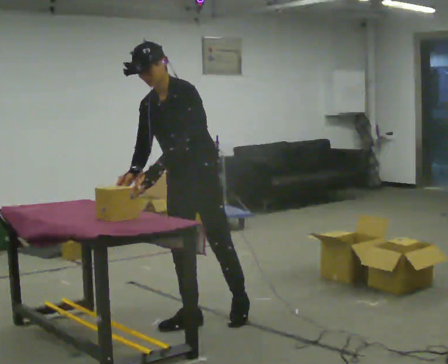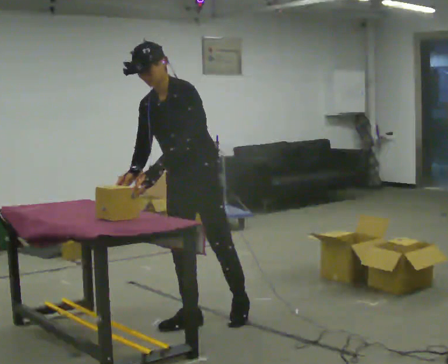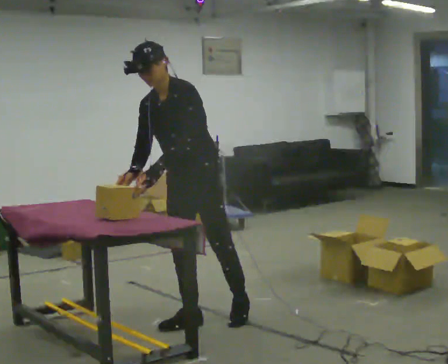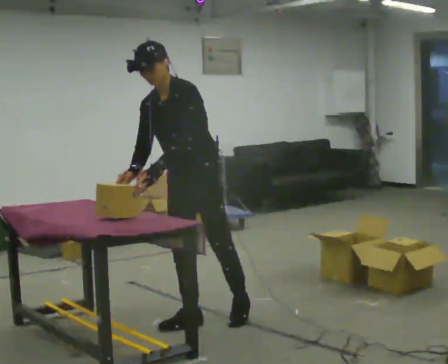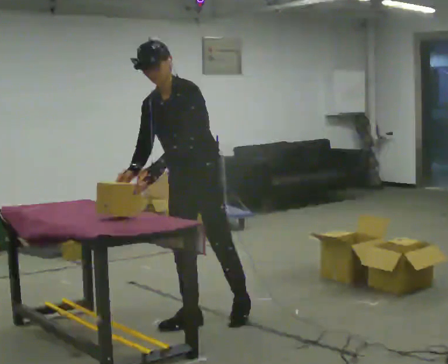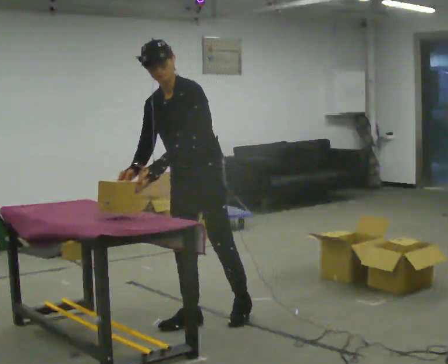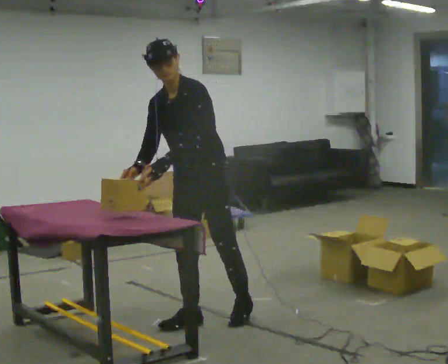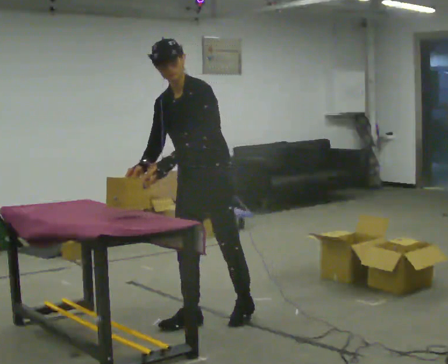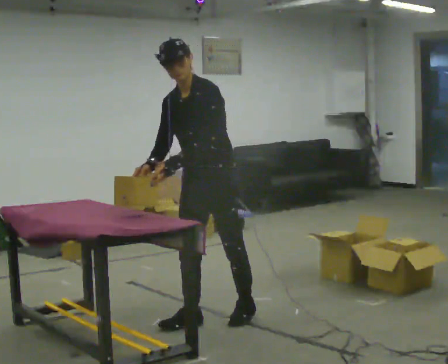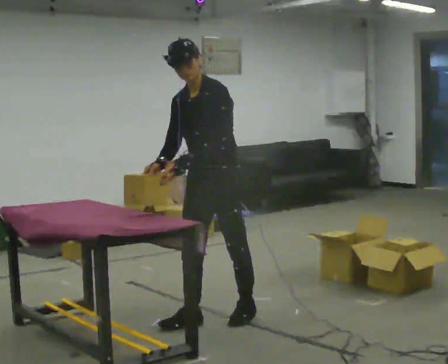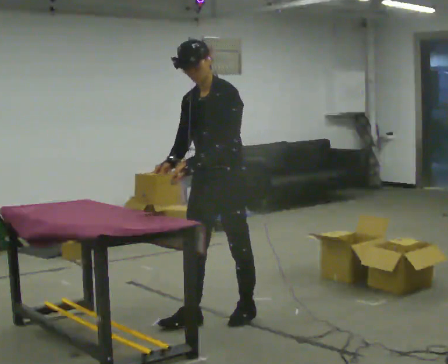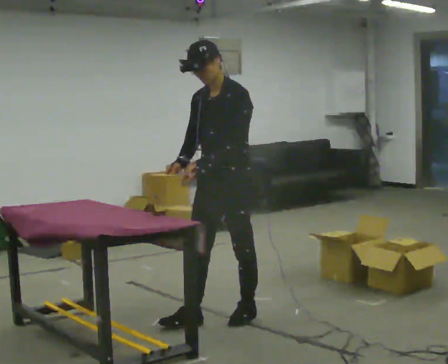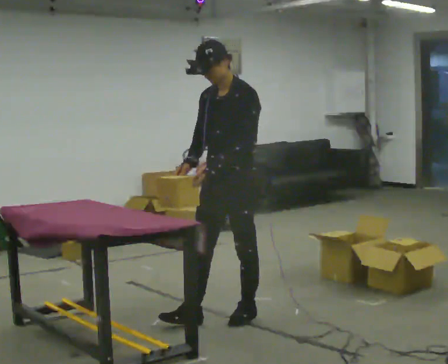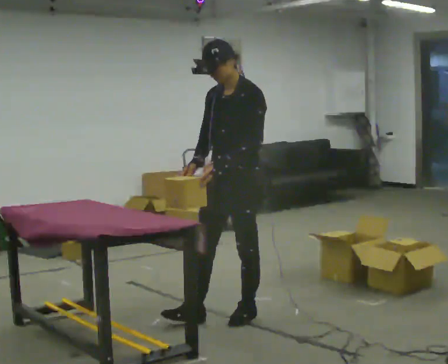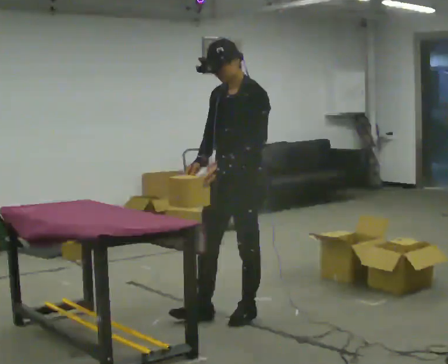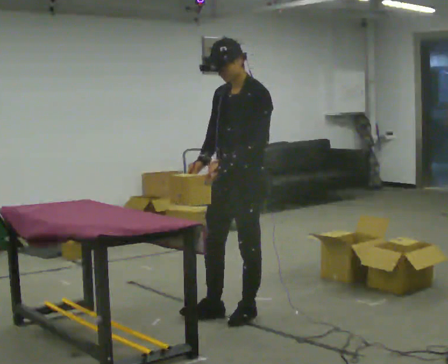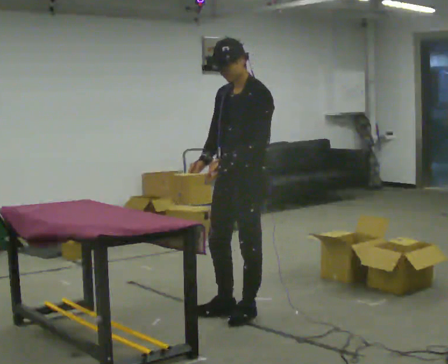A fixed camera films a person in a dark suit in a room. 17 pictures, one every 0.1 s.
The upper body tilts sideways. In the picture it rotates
clockwise.
0.0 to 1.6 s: In the picture they go to the right, about 0.25 m in 1 step, which for them is backward and to their left. In the picture the upper body tilts clockwise, shoulders to the right, as they lean back or straighten.
The film runs backward here.
